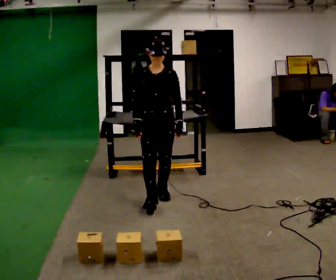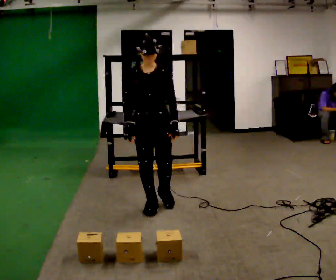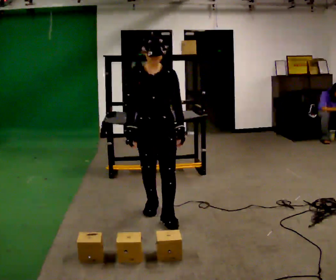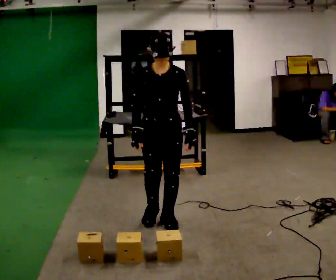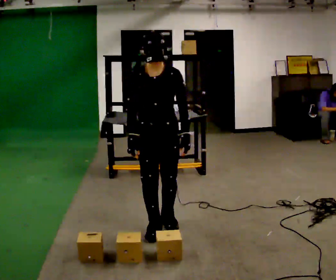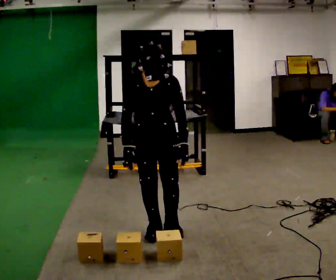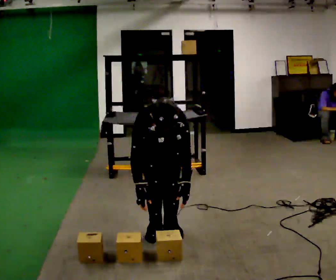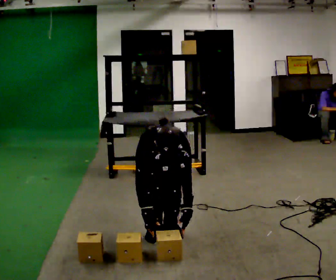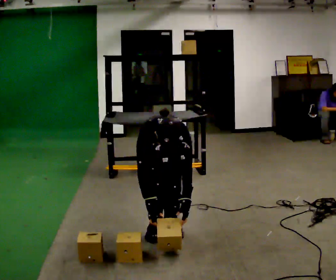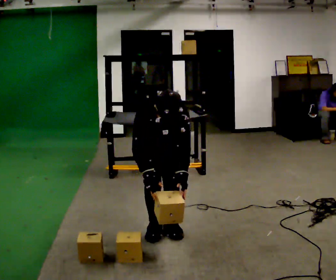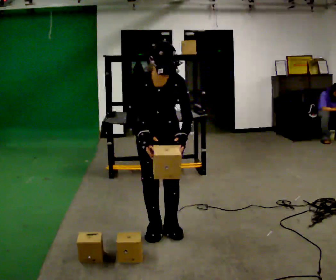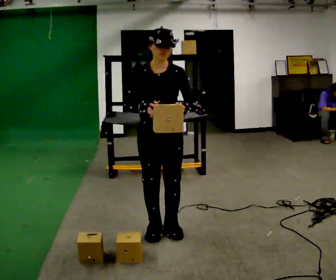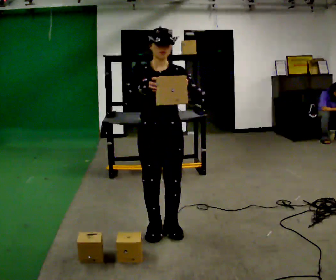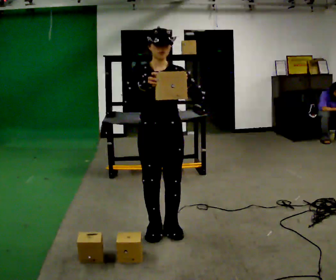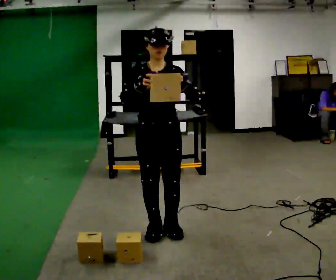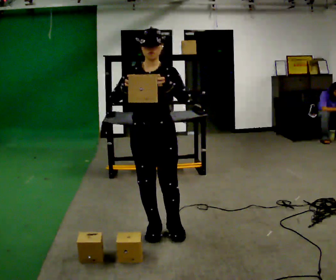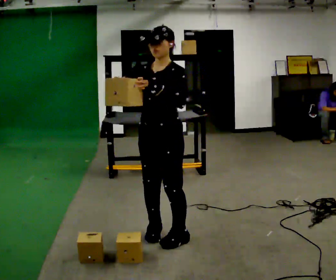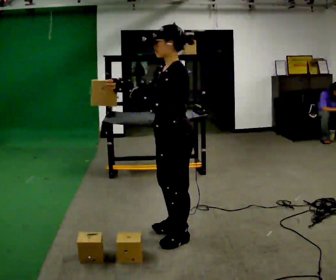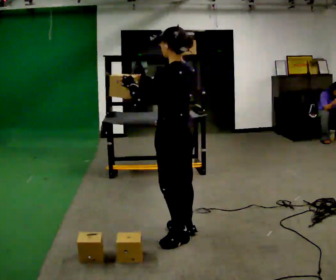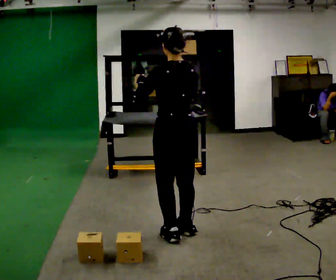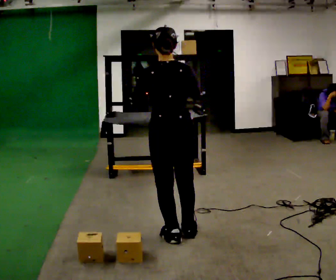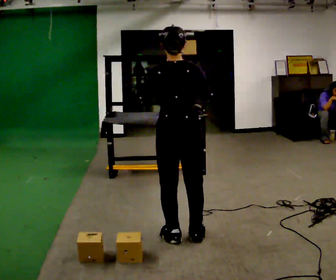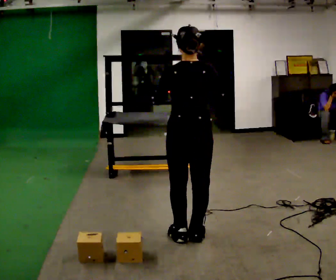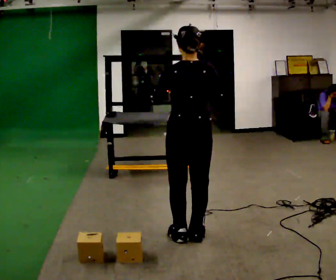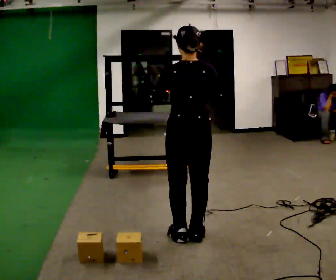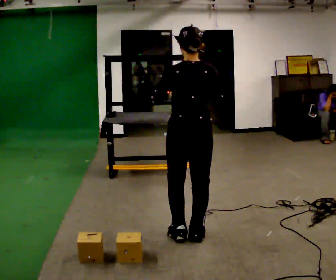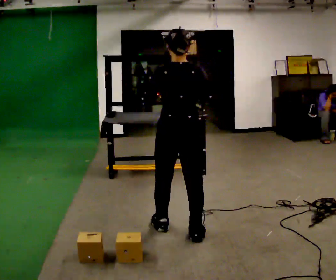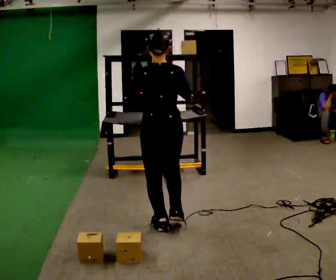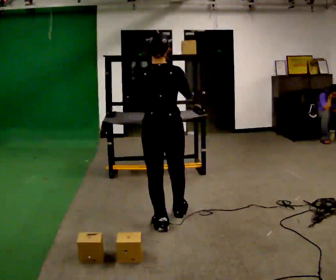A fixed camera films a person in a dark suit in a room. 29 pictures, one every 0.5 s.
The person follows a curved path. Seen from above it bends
counterclockwise.
The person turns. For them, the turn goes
to their right.
0.0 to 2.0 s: In the picture they go toward the camera, about 0.5 m in 2 steps, which for them is forward.
2.0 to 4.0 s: The shoulders move downward. The upper body tips toward the camera, its near side rolling downward, as they bend forward. In the picture their right hand goes downward.
4.0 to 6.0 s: The upper body goes upward. The upper body tips away from the camera, its near side rolling upward, as they lean back or straighten. In the picture their right hand goes upward.
6.0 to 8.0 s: The part of the body nearest the lens slides to the left as the person turns to their right by about 30 degrees.
8.0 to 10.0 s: Seen from above the body turns clockwise, about 150 degrees: to their right, with its near side sliding to the left. In the picture their right hand goes to the right.
10.0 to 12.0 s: The person moves a little, or ends about where they began.
12.0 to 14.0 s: In the picture they go away from the camera and to the left, about 0.25 m in 2 steps, which for them is forward and to their left.
The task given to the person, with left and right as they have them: Carry the object across the room and place it on the shelf just at the top of your comfortable reach. Keep going until the operator says stop; one object at a time, and do not rush between trips.
The film runs forward here.
